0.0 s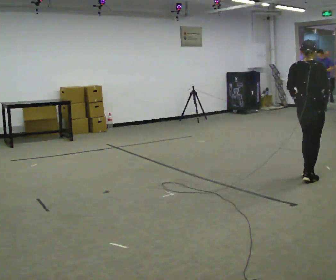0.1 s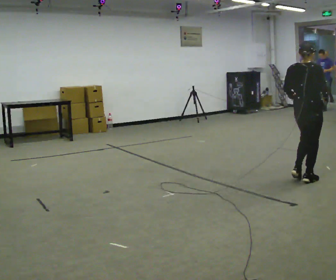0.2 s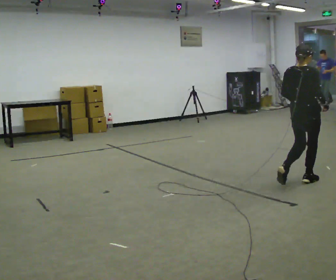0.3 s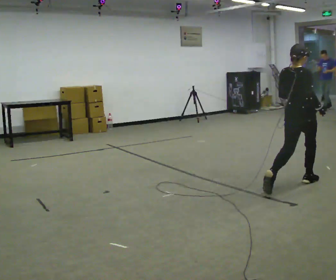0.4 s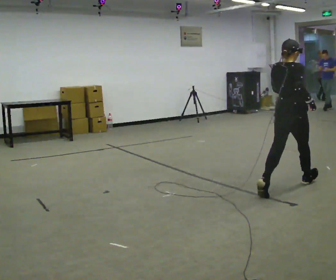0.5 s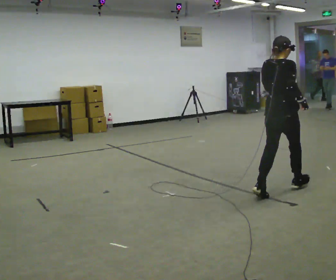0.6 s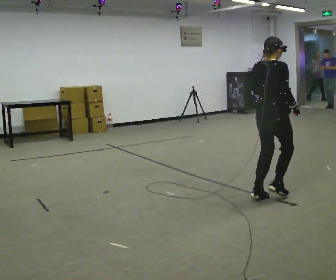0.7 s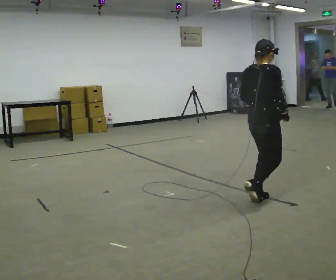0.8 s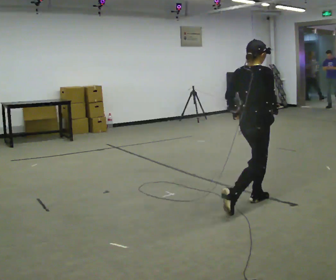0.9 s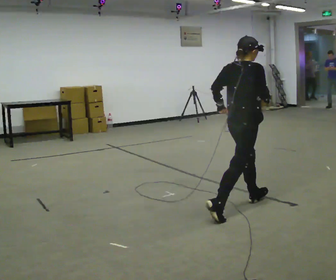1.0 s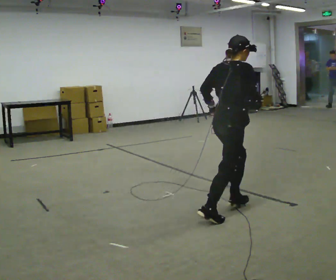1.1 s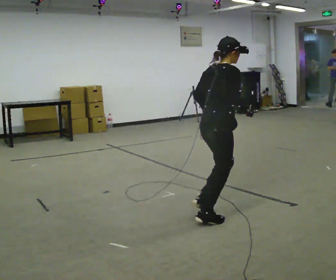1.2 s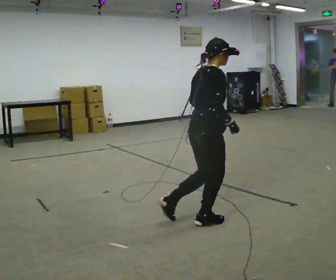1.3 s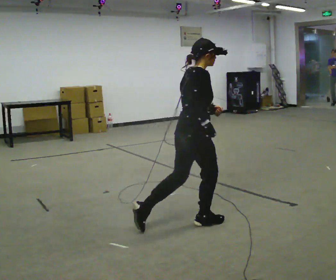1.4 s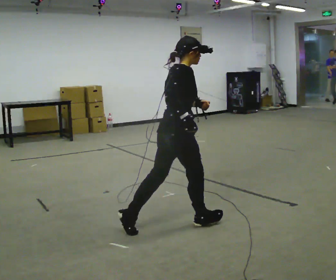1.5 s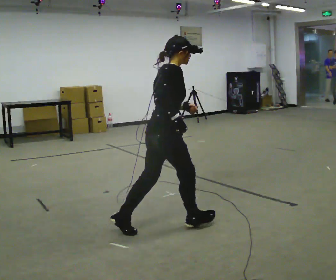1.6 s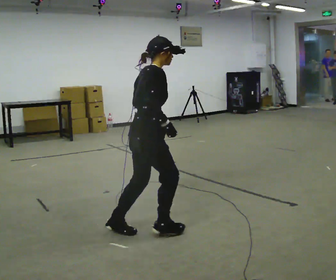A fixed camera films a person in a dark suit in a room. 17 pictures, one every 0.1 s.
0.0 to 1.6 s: The part of the body nearest the lens slides to the left as the person turns to their right by about 30 degrees. In the picture they go to the left and toward the camera, about 2 m in 3 steps, which for them is backward.
The film runs backward here.
